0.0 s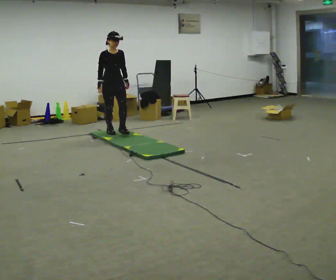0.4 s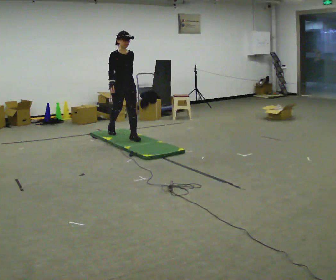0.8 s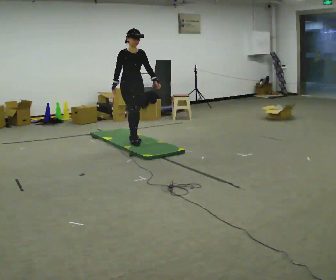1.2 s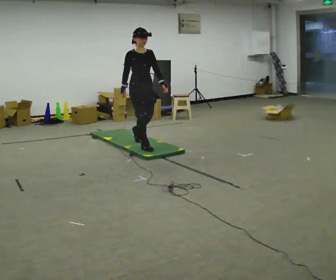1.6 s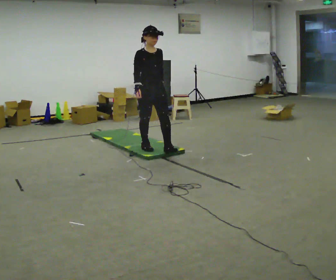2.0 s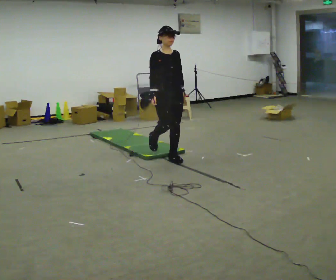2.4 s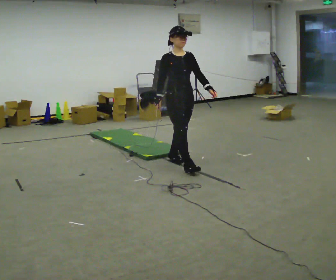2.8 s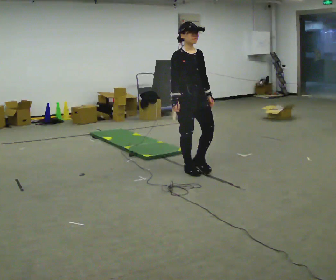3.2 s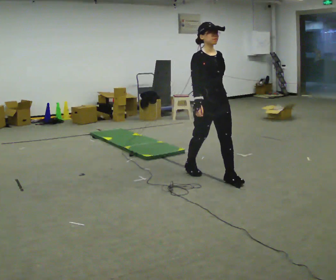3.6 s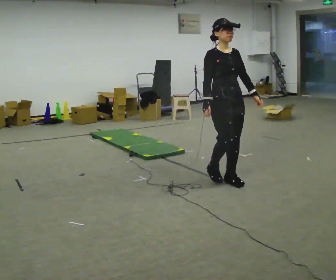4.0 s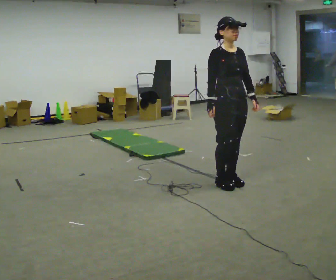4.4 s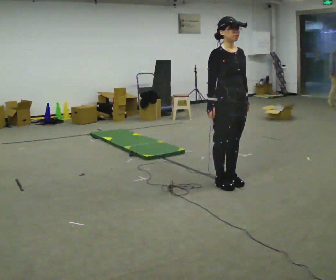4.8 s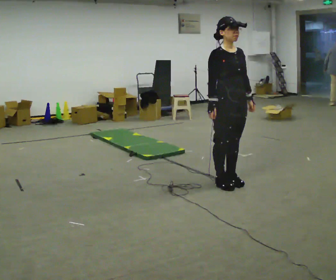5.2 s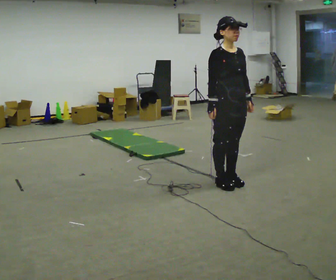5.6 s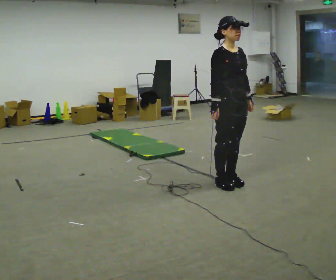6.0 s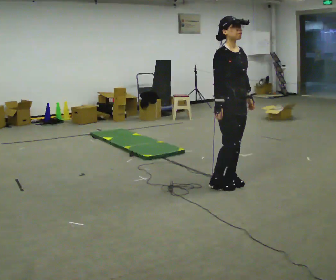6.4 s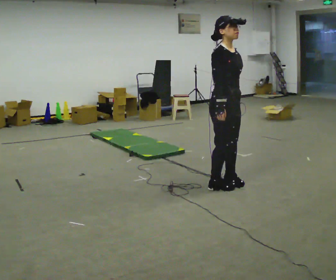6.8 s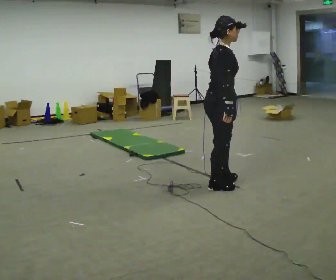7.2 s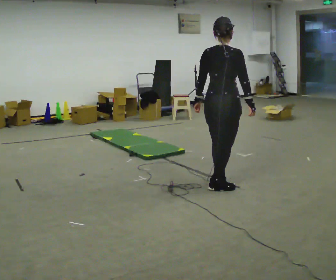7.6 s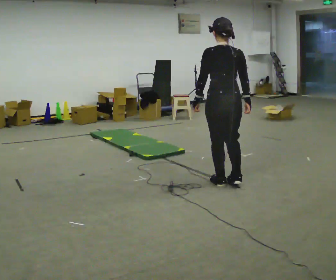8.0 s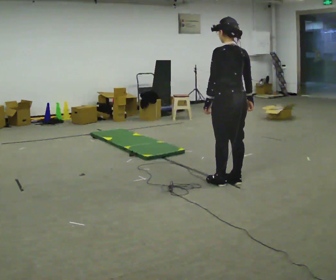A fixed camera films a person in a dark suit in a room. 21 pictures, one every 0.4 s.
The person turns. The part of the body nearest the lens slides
to the right.
The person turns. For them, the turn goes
to their left.
0.0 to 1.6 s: In the picture they go toward the camera and to the right, about 1 m in 2 steps, which for them is forward.
1.6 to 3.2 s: In the picture they go toward the camera and to the right, about 1 m in 3 steps, which for them is forward.
3.2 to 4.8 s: In the picture they go toward the camera and to the right, about 0.25 m in 1 step, which for them is forward.
4.8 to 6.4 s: The part of the body nearest the lens slides to the right as the person turns to their left by about 30 degrees.
6.4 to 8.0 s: The part of the body nearest the lens slides to the right as the person turns to their left by about 150 degrees.
The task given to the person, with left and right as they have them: Walk across the soft uneven mat at a comfortable speed; continue walking normally after you leave it.
The film runs forward here.
